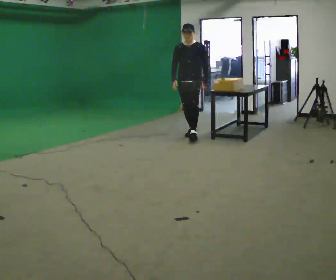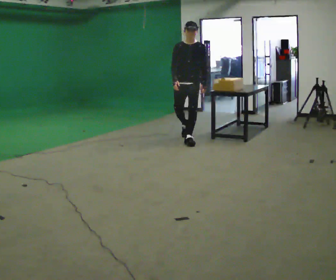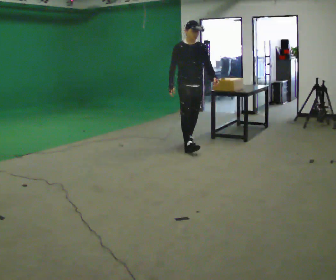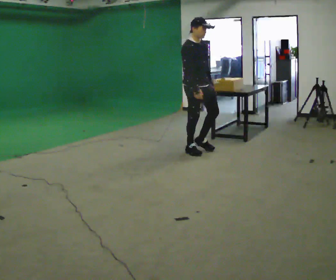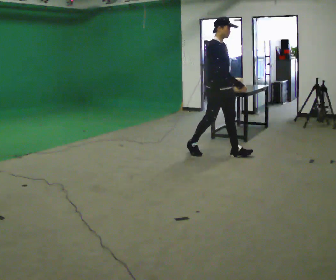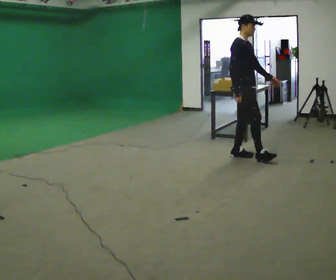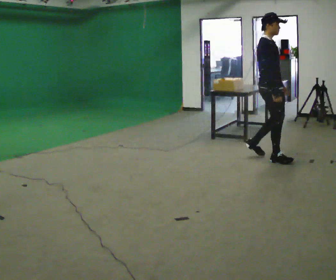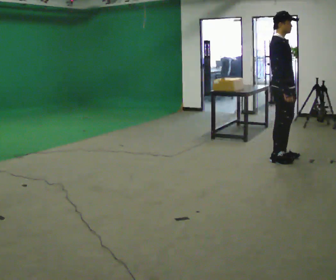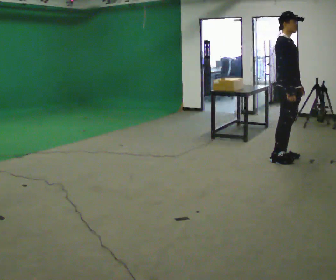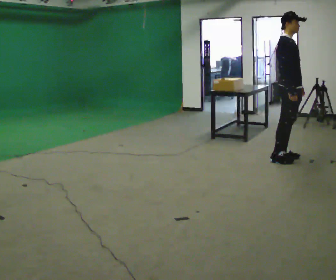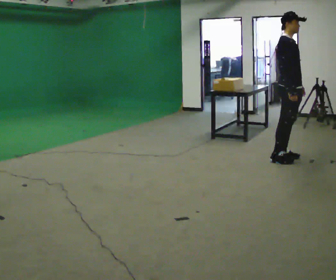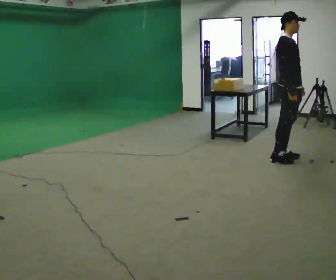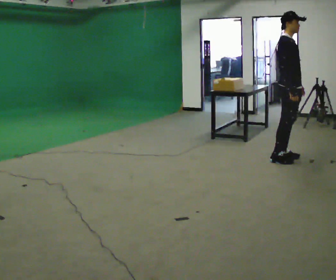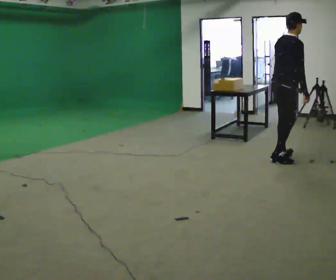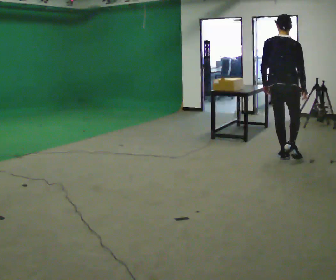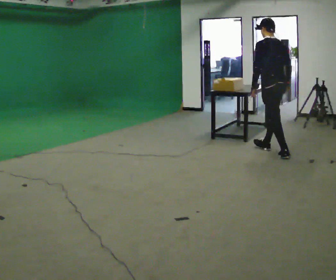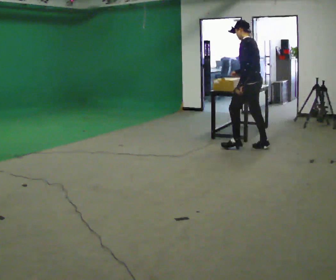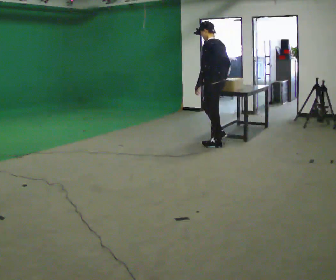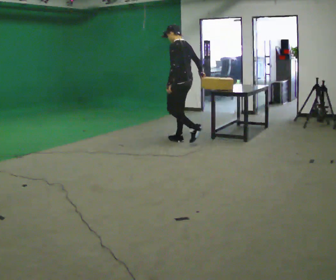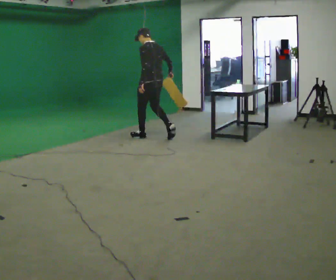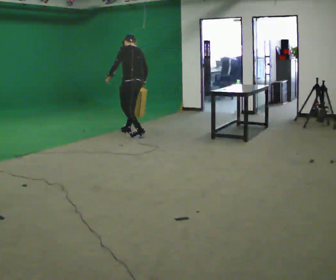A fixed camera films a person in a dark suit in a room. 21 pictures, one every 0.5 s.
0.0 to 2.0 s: The person turns about 75 degrees to their left, counterclockwise seen from above, so the part of the body nearest the lens slides to the right. In the picture they go toward the camera and to the right, about 1 m in 3 steps.
2.0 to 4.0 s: In the picture they go to the right, about 1 m in 2 steps, which for them is forward.
4.0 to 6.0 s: The person moves a little, or ends about where they began.
6.0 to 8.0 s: Seen from above the body turns counterclockwise, about 165 degrees: to their left, with its near side sliding to the right. In the picture they go away from the camera and to the left, about 1 m in 1 step.
8.0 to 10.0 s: In the picture they go to the left, about 2 m in 4 steps, which for them is forward.
The film runs forward here.
